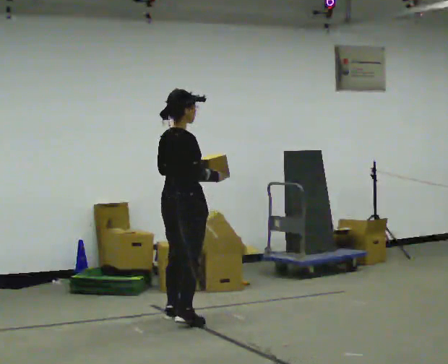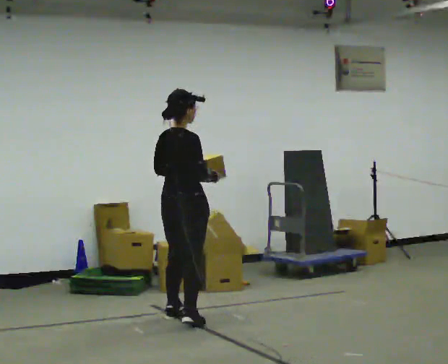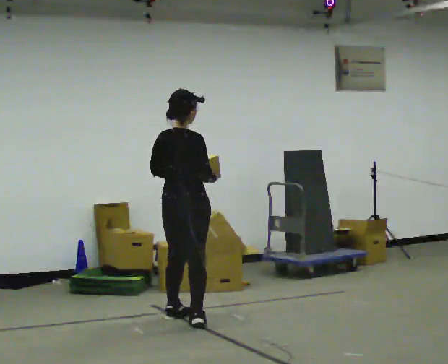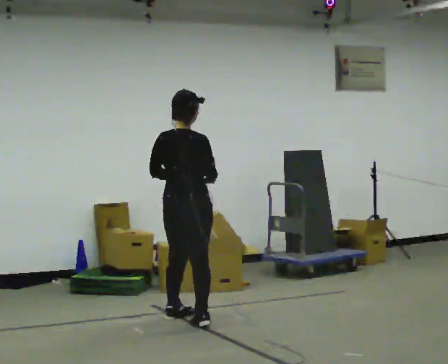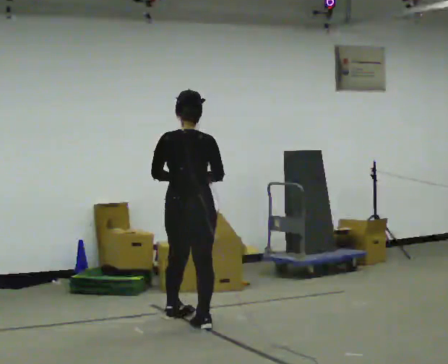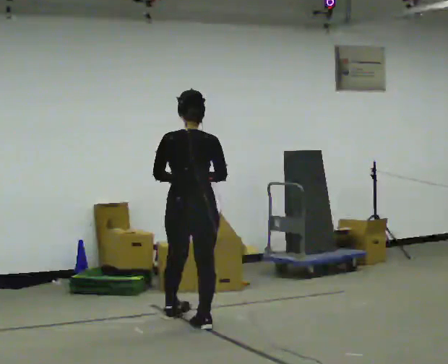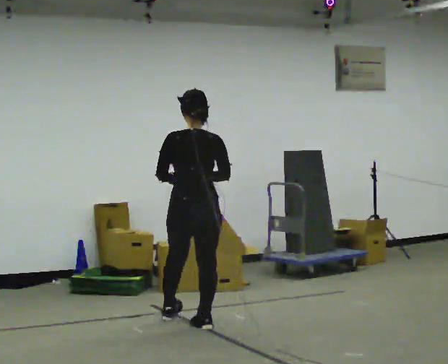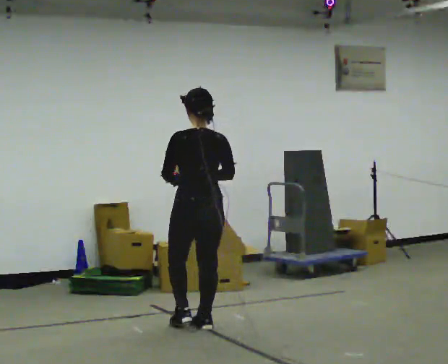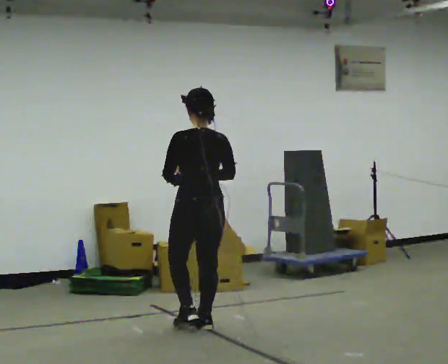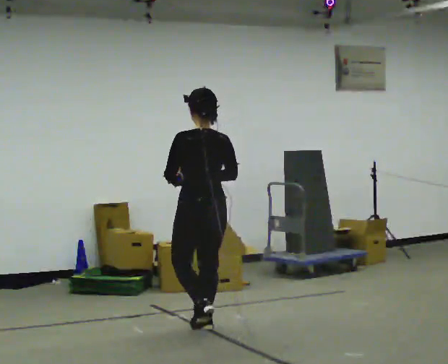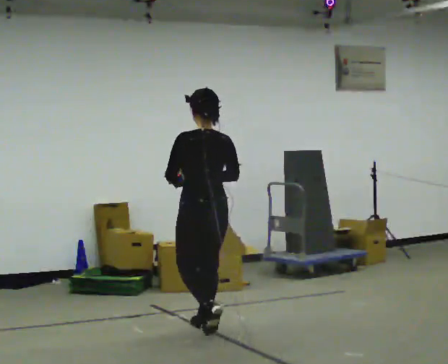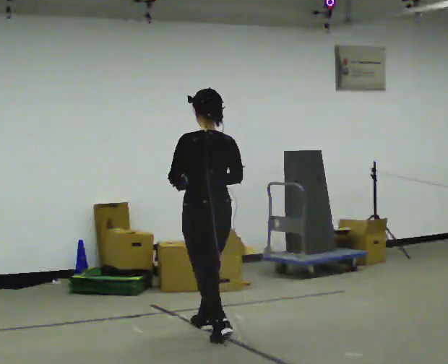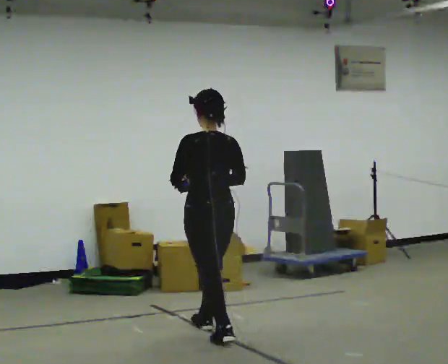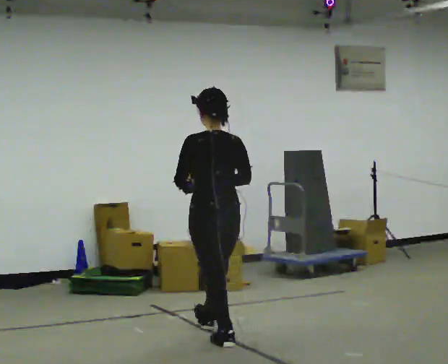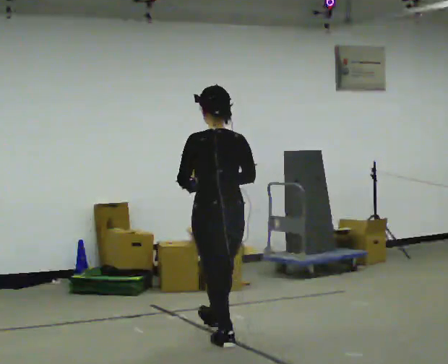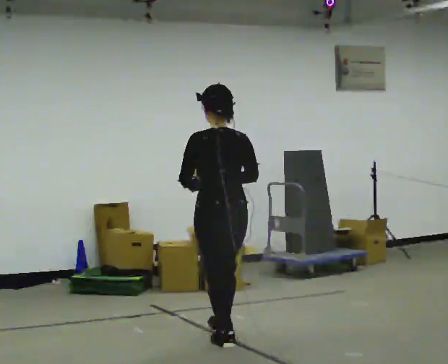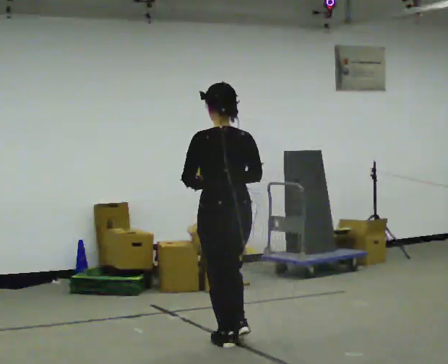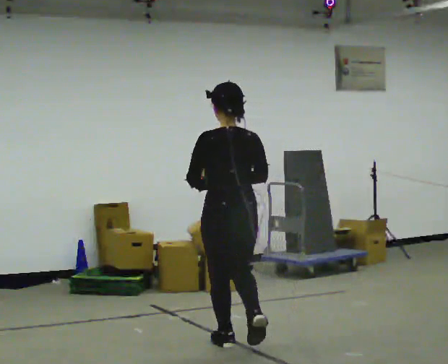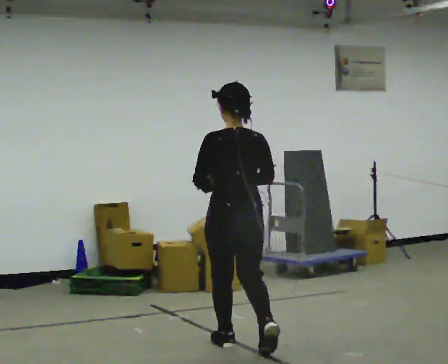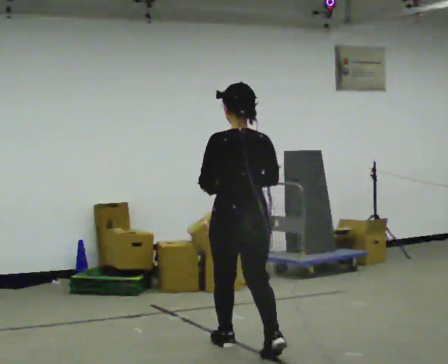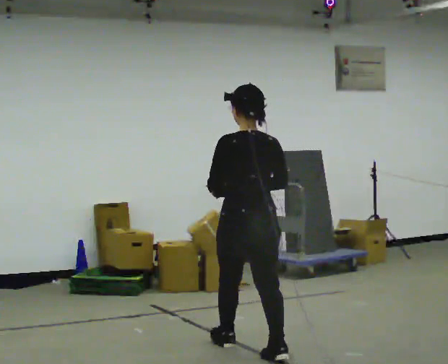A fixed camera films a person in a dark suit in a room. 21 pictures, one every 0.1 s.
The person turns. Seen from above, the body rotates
counterclockwise.
The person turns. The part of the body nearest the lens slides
to the right.
0.0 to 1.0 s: The part of the body nearest the lens slides to the right as the person turns to their left by about 105 degrees. In the picture they go toward the camera and to the right, about 0.5 m in 1 step.
1.0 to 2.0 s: In the picture they go toward the camera and to the right, about 0.75 m in 1 step, which for them is backward.
The film runs backward here.
